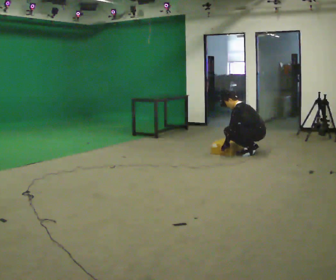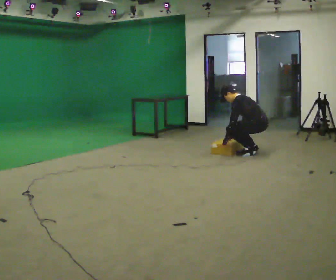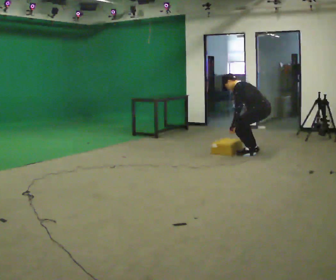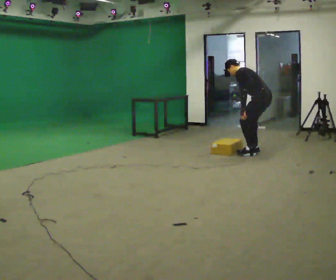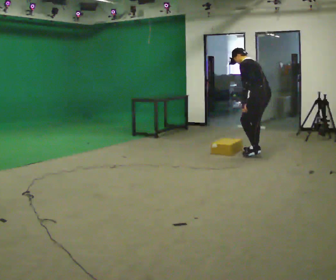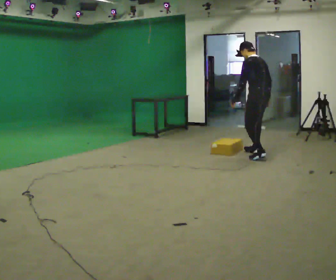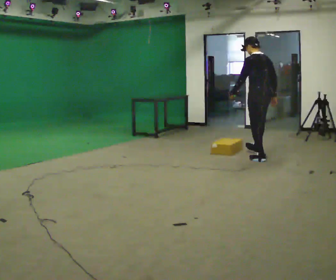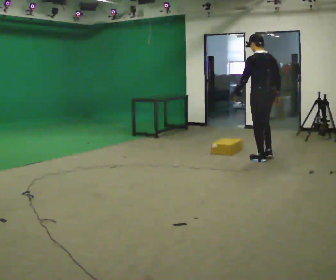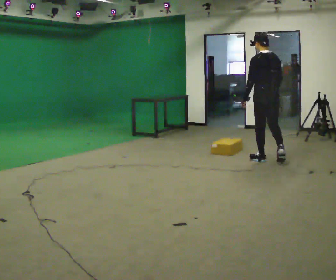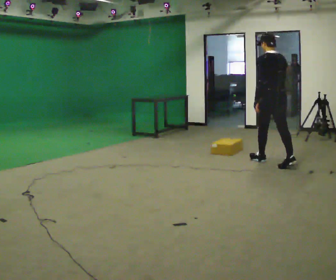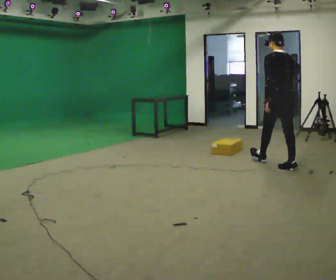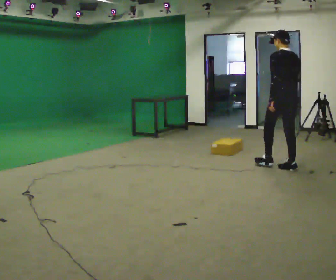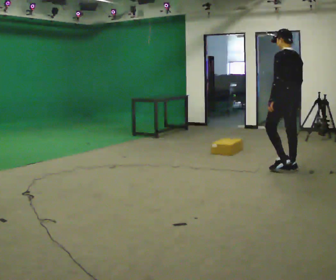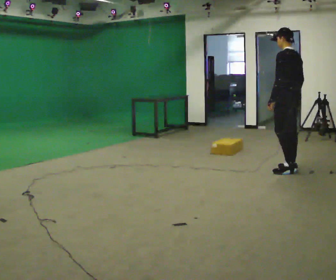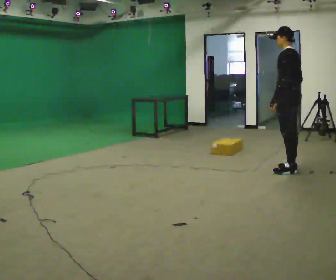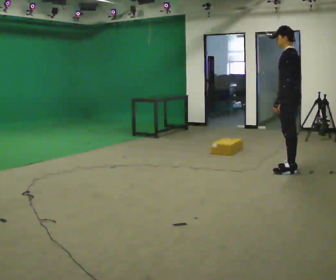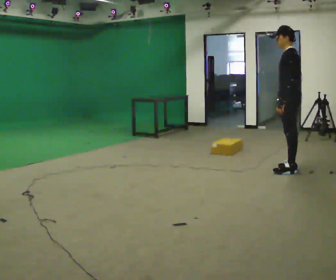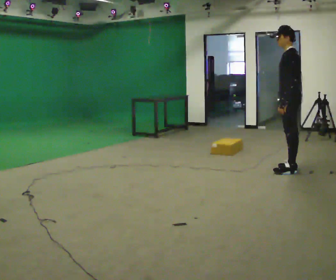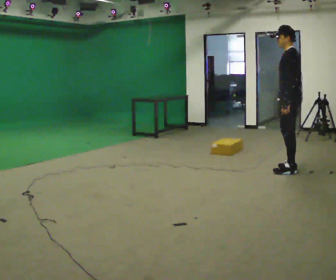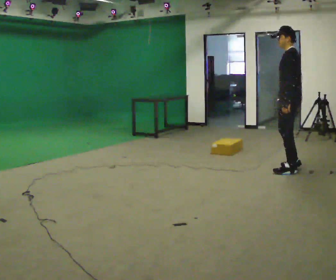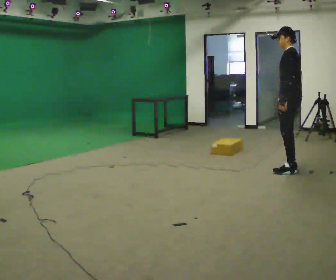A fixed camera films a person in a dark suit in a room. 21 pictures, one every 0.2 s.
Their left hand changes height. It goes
upward.
The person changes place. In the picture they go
toward the camera.
0.0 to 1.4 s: The part of the body nearest the lens slides to the left as the person turns to their right by about 45 degrees. In the picture they go toward the camera, about 0.5 m in 2 steps, which for them is to their left and backward. The shoulders move upward. In the picture their left hand goes upward.
1.4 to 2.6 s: In the picture they go toward the camera and to the right, about 0.5 m in 1 step, which for them is backward.
2.6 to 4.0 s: Seen from above the body turns counterclockwise, about 30 degrees: to their left, with its near side sliding to the right.
The film runs backward here.
